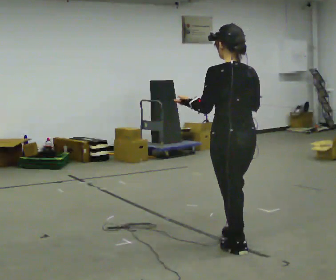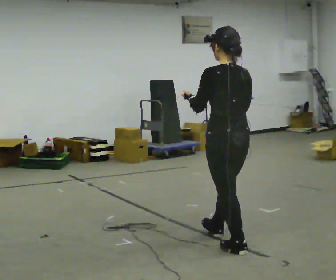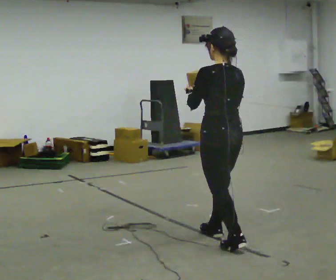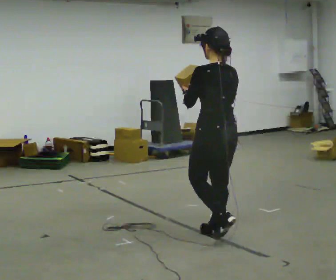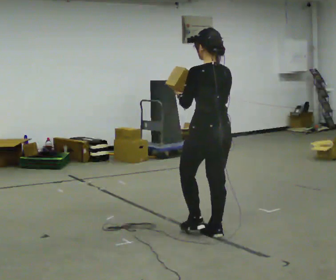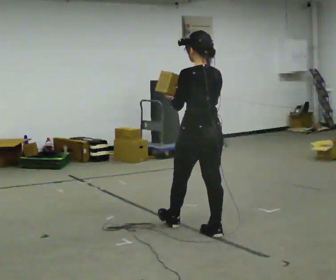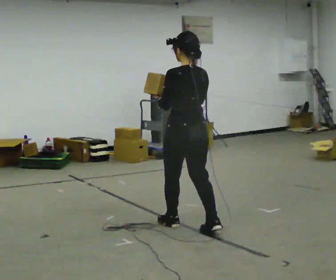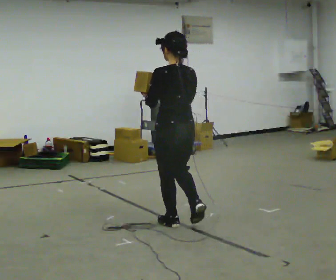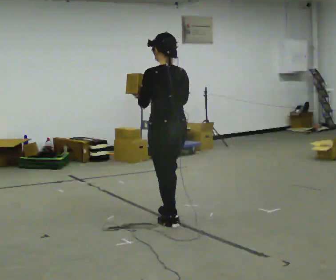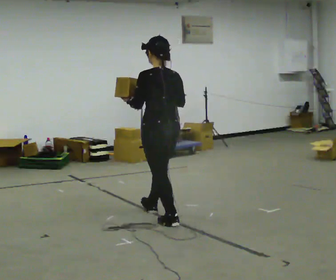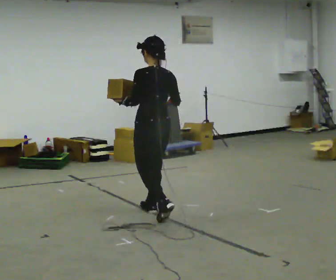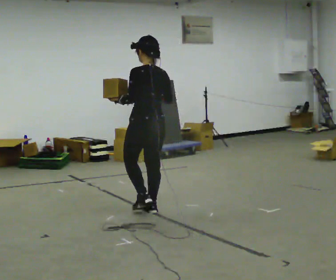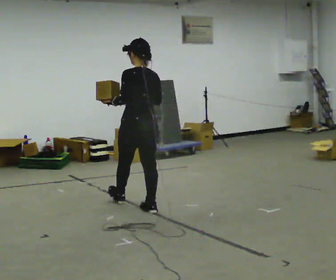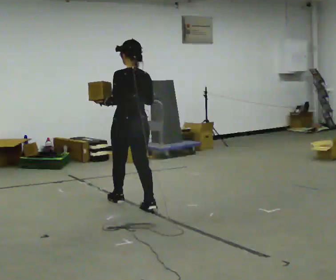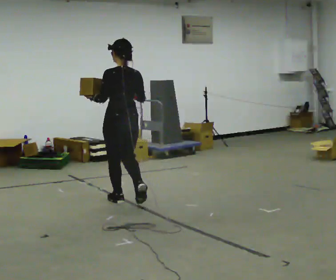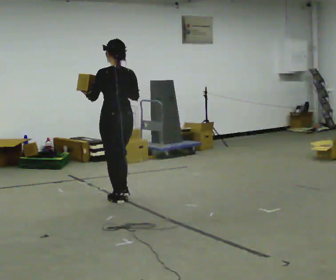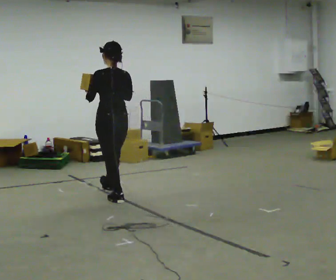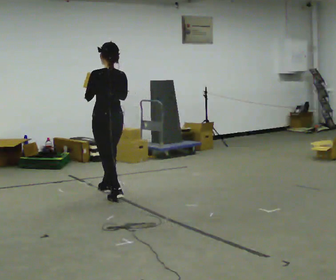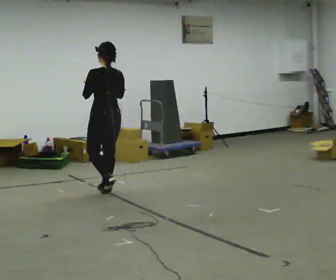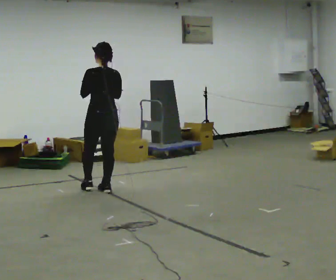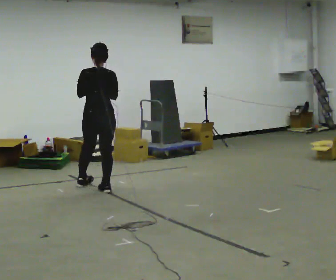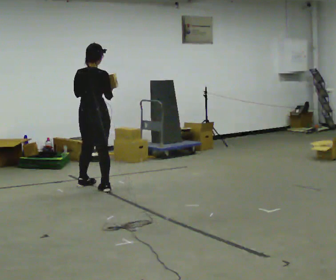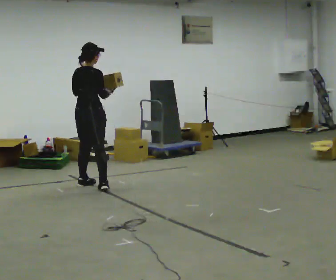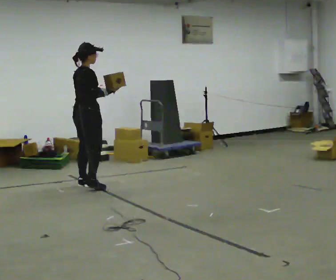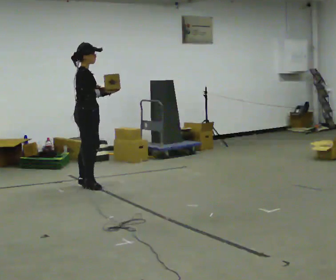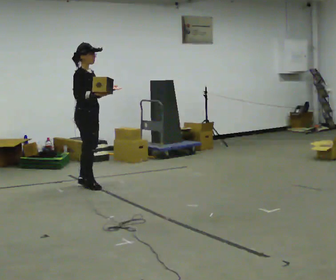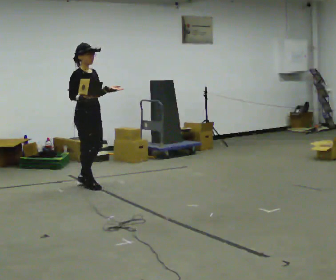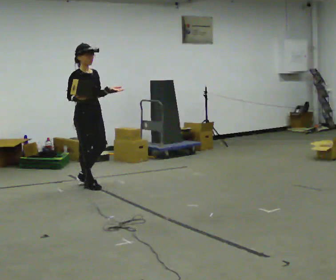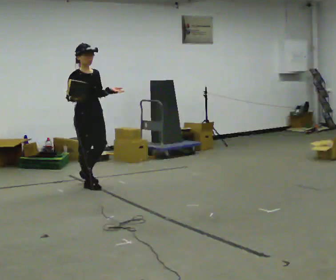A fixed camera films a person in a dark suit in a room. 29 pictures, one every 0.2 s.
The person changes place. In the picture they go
away from the camera.
0.0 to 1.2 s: In the picture they go away from the camera and to the left, about 0.75 m in 2 steps, which for them is forward.
1.2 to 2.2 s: In the picture they go away from the camera and to the left, about 0.75 m in 1 step, which for them is forward.
2.2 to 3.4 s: In the picture they go away from the camera and to the left, about 1 m in 2 steps, which for them is forward.
3.4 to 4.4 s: Seen from above the body turns clockwise, about 60 degrees: to their right, with its near side sliding to the left. In the picture they go away from the camera and to the left, about 0.5 m in 1 step.
4.4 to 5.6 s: The person turns about 105 degrees to their right, clockwise seen from above, so the part of the body nearest the lens slides to the left. In the picture their right hand goes to the left.
The film runs forward here.
